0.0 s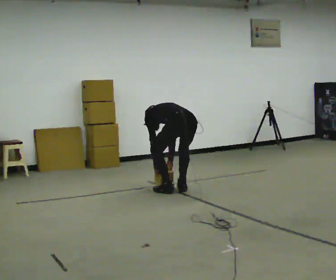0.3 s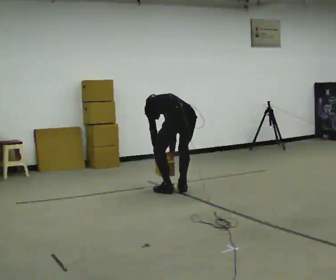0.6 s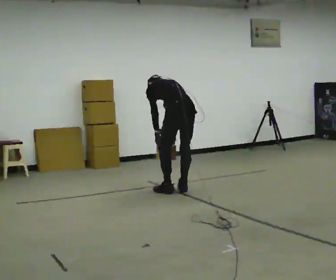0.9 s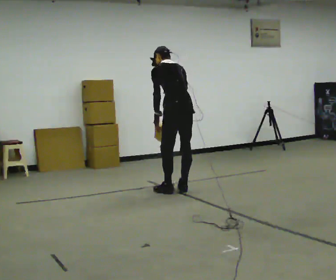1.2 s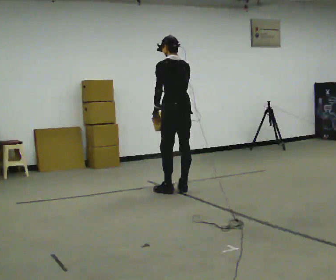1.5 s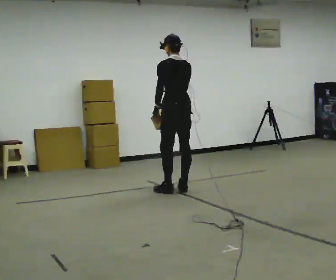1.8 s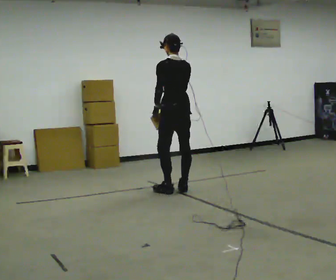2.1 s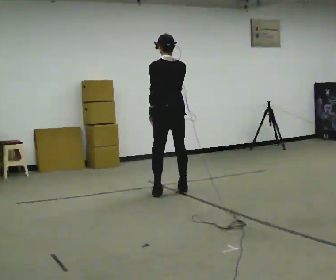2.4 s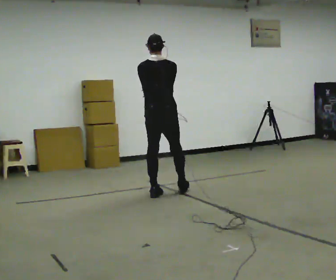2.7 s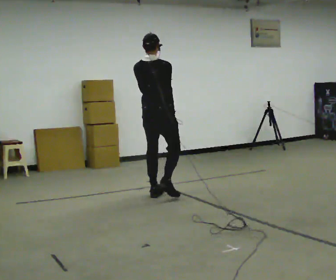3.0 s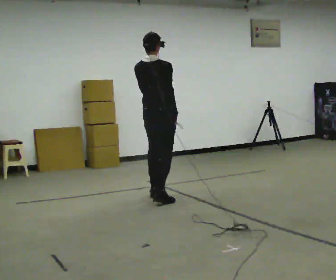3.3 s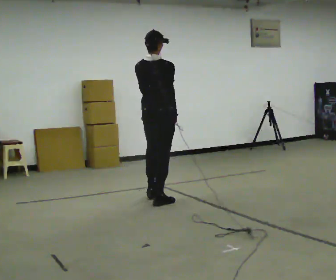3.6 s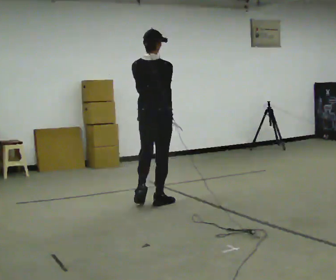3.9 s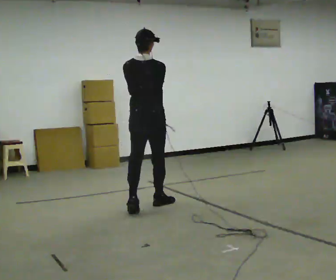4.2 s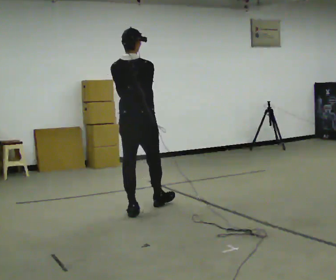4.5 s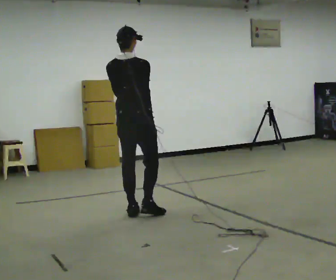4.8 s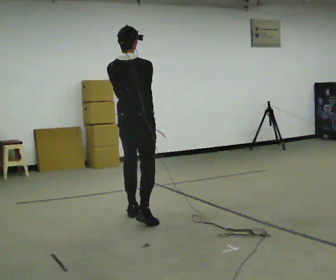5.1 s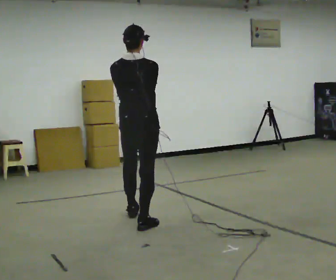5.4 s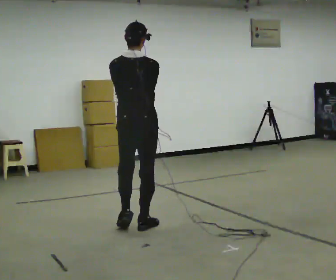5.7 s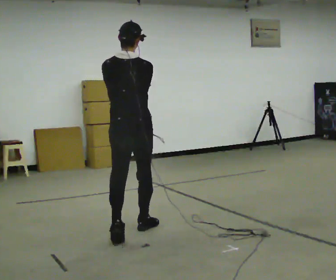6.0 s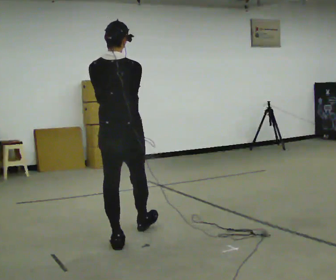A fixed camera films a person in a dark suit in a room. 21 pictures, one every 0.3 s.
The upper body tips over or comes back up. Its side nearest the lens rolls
downward.
The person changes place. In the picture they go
toward the camera.
0.0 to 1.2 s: The upper body goes upward. The upper body tips toward the camera, its near side rolling downward, as they lean back or straighten. In the picture their right hand goes upward.
1.2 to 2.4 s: The person turns about 30 degrees to their right, clockwise seen from above, so the part of the body nearest the lens slides to the left. In the picture they go to the left and toward the camera, about 0.25 m in 2 steps, which for them is to their left.
2.4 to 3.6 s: In the picture they go toward the camera, about 0.5 m in 1 step, which for them is backward.
3.6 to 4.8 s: In the picture they go toward the camera, about 0.5 m in 1 step, which for them is backward.
4.8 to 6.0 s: In the picture they go toward the camera, about 0.75 m in 1 step, which for them is backward.
The film runs backward here.
